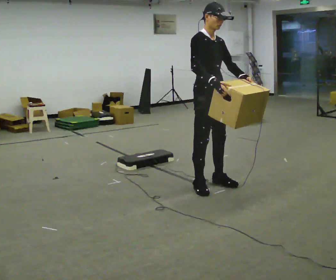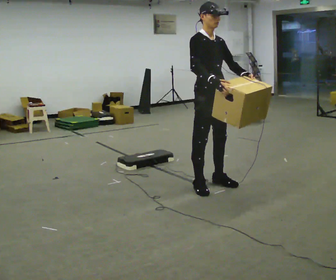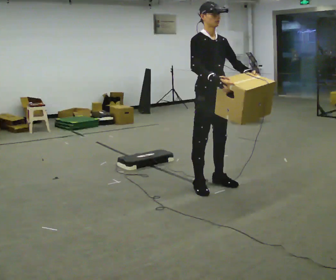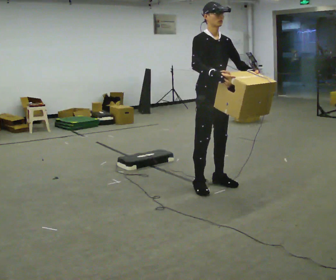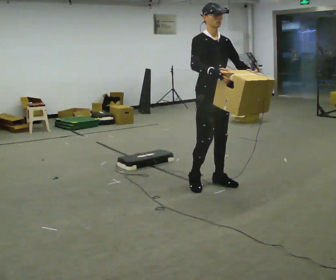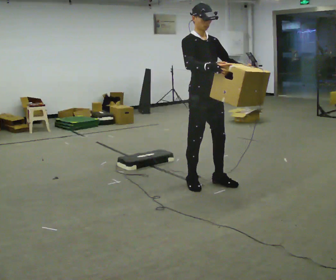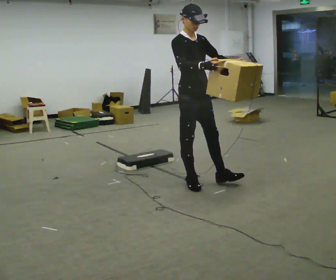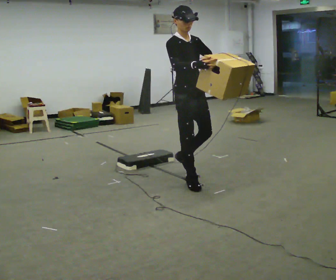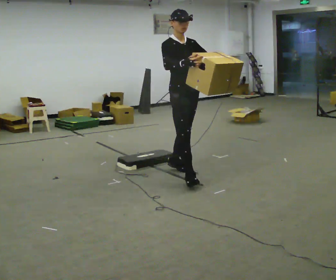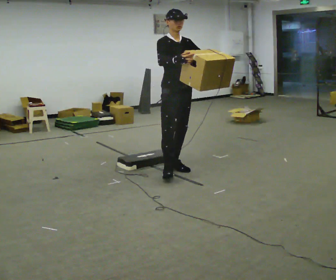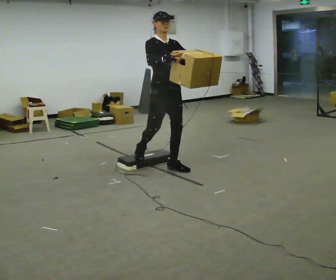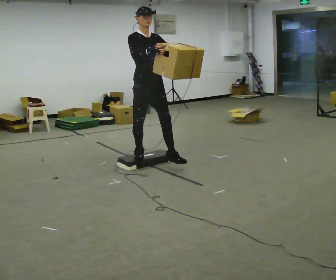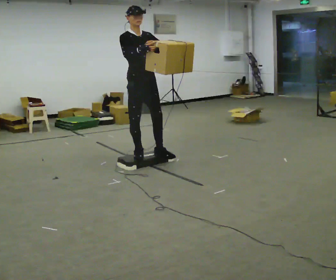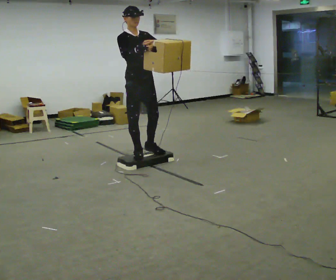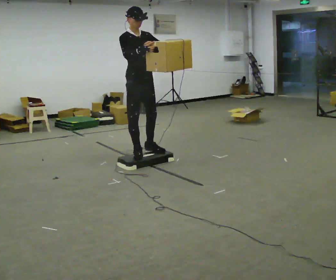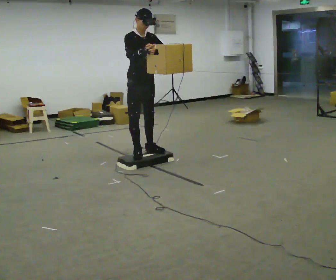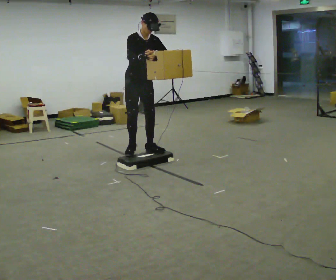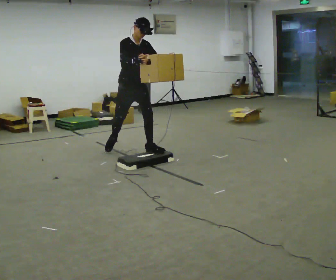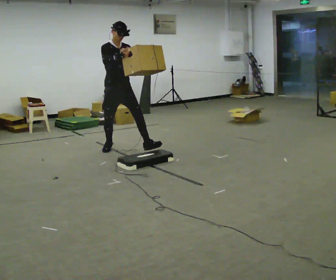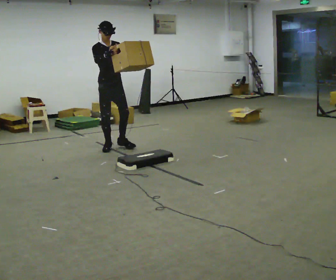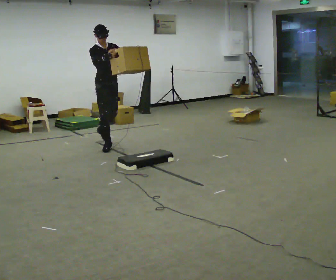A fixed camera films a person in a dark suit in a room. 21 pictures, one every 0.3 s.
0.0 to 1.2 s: The person moves a little, or ends about where they began.
1.2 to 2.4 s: In the picture they go to the left and away from the camera, about 0.5 m in 1 step, which for them is backward.
2.4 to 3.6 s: In the picture they go to the left and away from the camera, about 0.75 m in 2 steps, which for them is backward.
3.6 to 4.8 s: In the picture they go away from the camera, about 0.25 m in 1 step, which for them is backward and to their left. In the picture the upper body tilts clockwise, shoulders to the right, as they bend forward.
4.8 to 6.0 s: In the picture they go to the left and away from the camera, about 1 m in 1 step, which for them is backward.
The film runs backward here.
